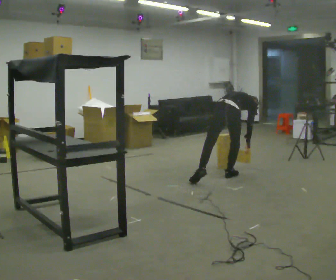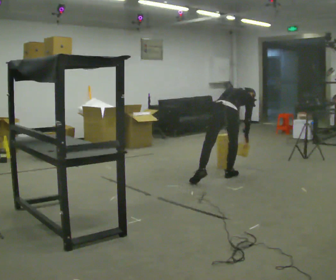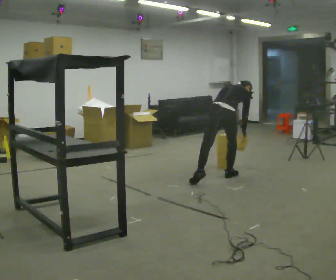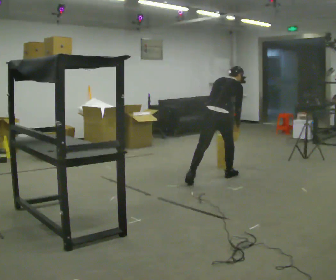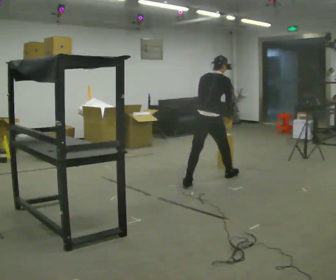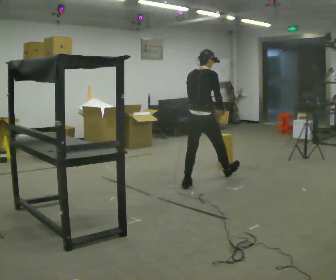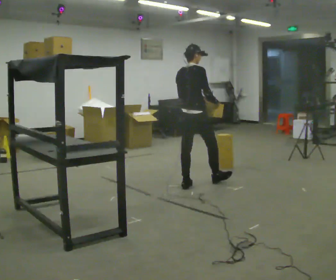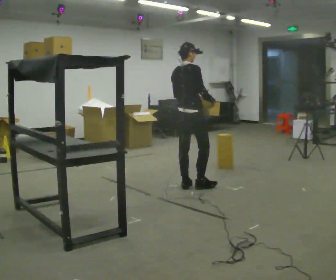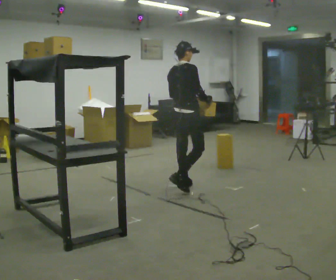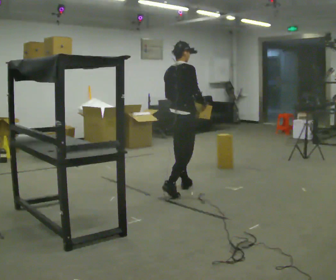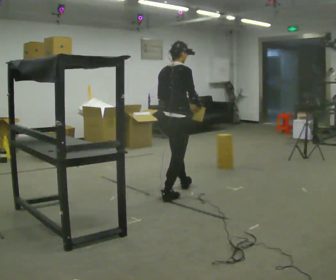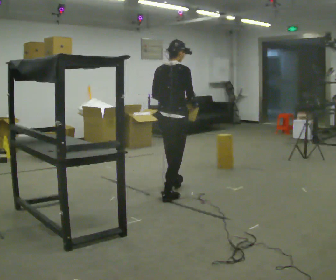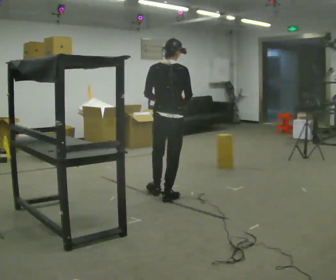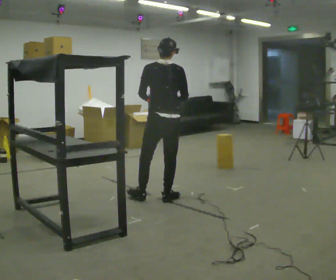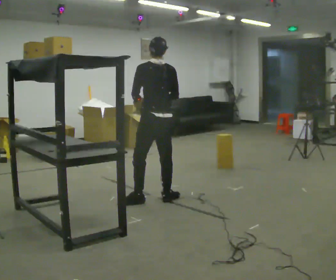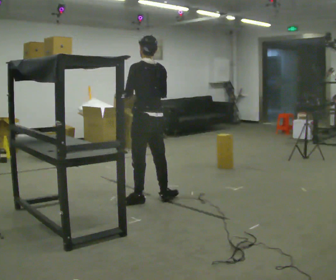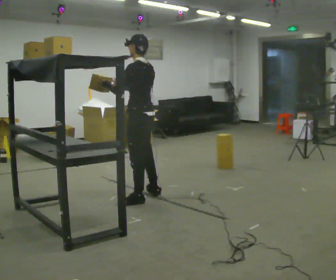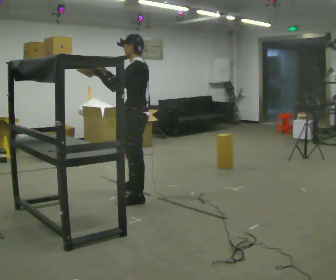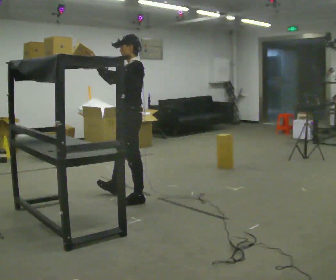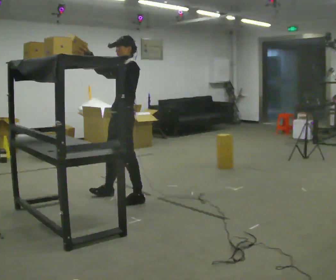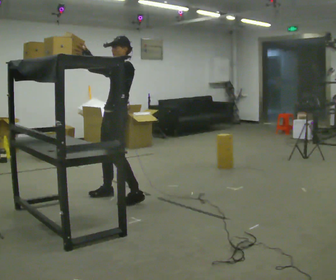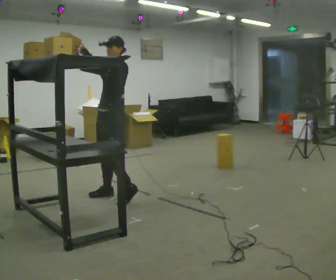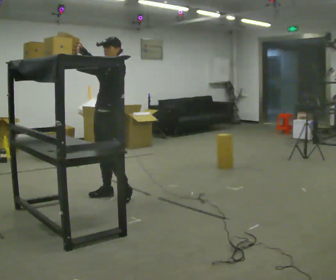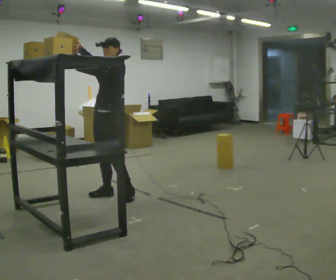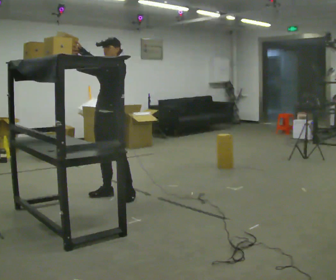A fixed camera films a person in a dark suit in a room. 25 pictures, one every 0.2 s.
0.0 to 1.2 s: In the picture they go to the left and toward the camera, about 0.5 m in 2 steps, which for them is backward and to their left. The shoulders move upward. The upper body tips toward the camera, its near side rolling downward, as they lean back or straighten. In the picture their left hand goes upward.
1.2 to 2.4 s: The person turns about 30 degrees to their left, counterclockwise seen from above, so the part of the body nearest the lens slides to the right. In the picture they go toward the camera and to the left, about 0.5 m in 1 step, which for them is backward.
2.4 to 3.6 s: The person turns about 105 degrees to their left, counterclockwise seen from above, so the part of the body nearest the lens slides to the right. In the picture they go to the left, about 0.25 m in 1 step. In the picture their right hand goes upward.
3.6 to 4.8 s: Seen from above the body turns counterclockwise, about 45 degrees: to their left, with its near side sliding to the right. In the picture they go to the left and away from the camera, about 0.25 m in 1 step, which for them is to their right.
The film runs backward here.
